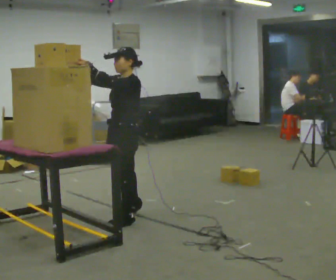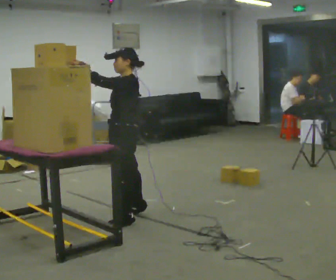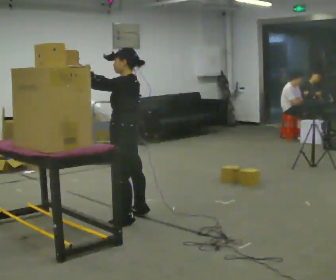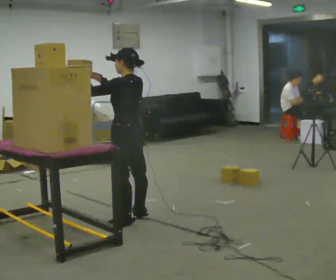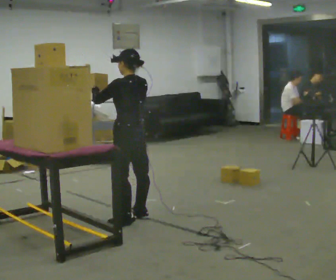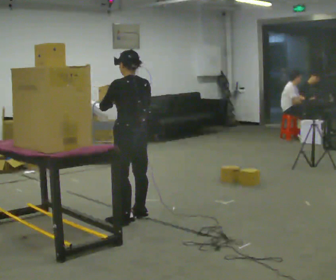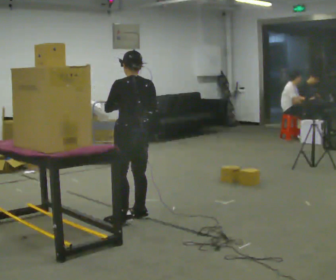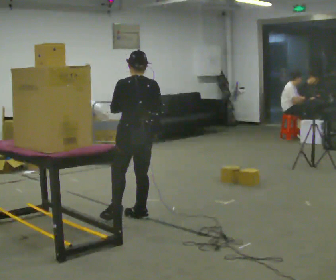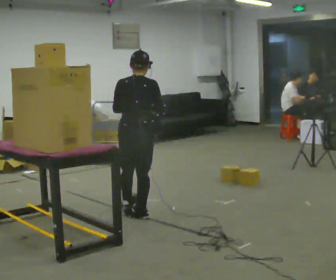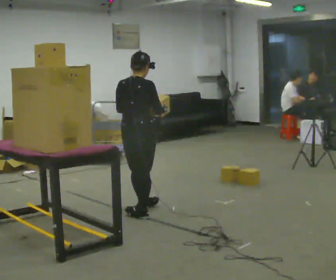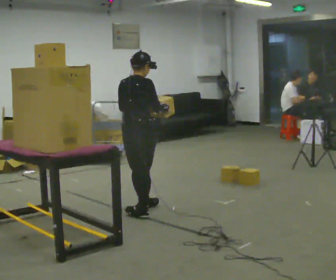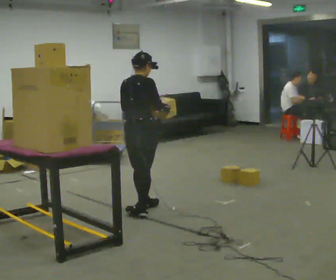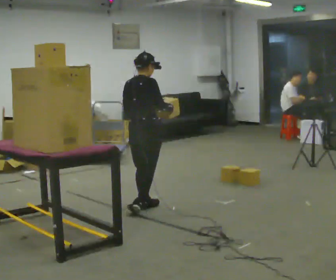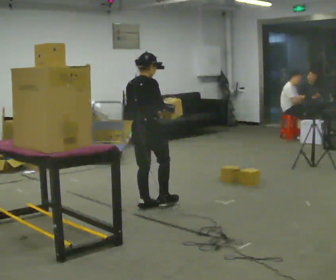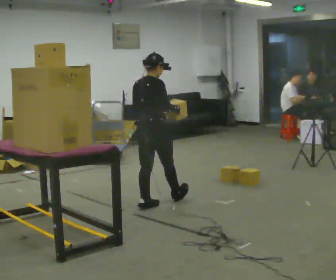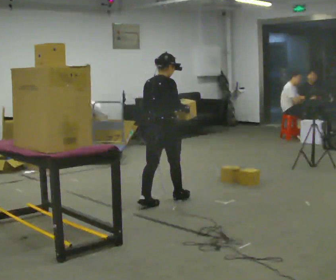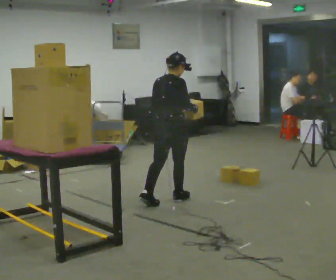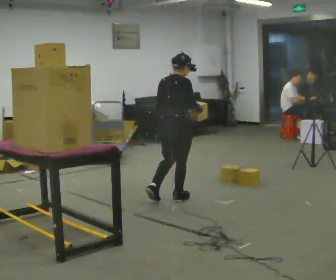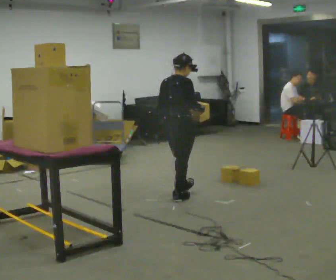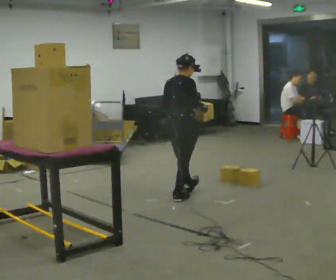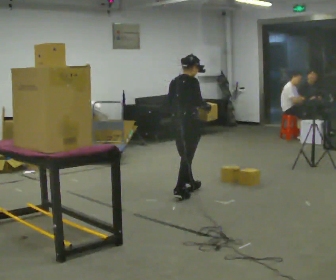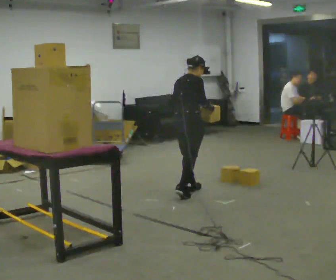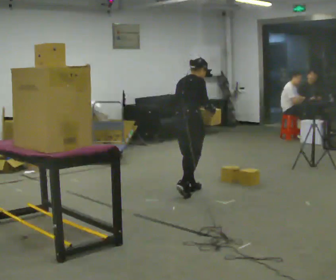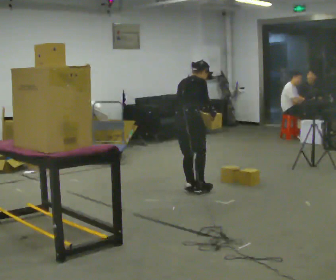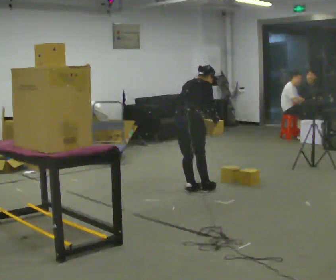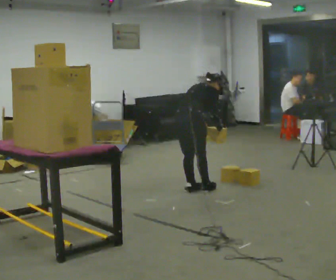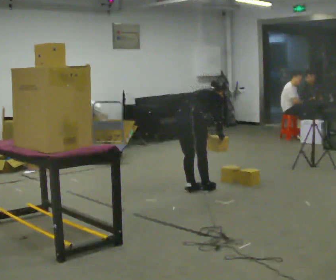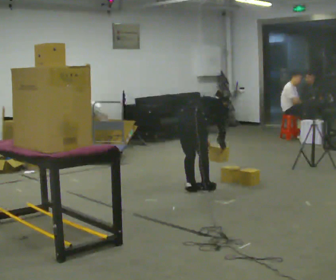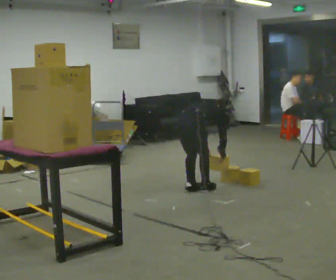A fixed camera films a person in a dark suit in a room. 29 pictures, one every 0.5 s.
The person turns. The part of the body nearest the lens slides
to the left.
The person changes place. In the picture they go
away from the camera.
0.0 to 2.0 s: Seen from above the body turns clockwise, about 60 degrees: to their right, with its near side sliding to the left.
2.0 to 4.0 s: Seen from above the body turns clockwise, about 45 degrees: to their right, with its near side sliding to the left. In the picture their right hand goes to the right.
4.0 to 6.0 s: The part of the body nearest the lens slides to the left as the person turns to their right by about 30 degrees. In the picture they go away from the camera, about 0.25 m in 1 step, which for them is forward and to their left.
6.0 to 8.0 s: In the picture they go to the right and away from the camera, about 0.25 m in 1 step, which for them is forward.
8.0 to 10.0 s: In the picture they go away from the camera and to the right, about 0.25 m in 1 step, which for them is forward.
10.0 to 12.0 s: In the picture the upper body tilts clockwise, shoulders to the right, as they bend forward.
12.0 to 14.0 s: The shoulders move downward. The upper body tips away from the camera, its near side rolling upward, as they bend forward. In the picture their right hand goes downward.
The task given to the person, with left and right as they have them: Take an object down from the highest shelf you can comfortably reach, carry it across the room, and set it on the floor. Keep going until the operator says stop; one object at a time, and do not rush between trips.
The film runs forward here.
